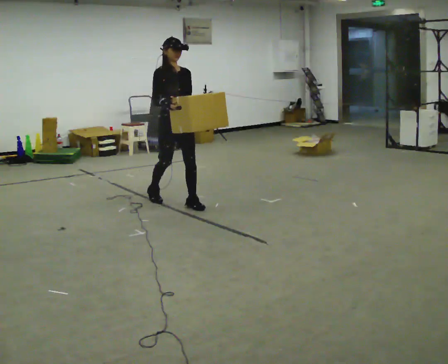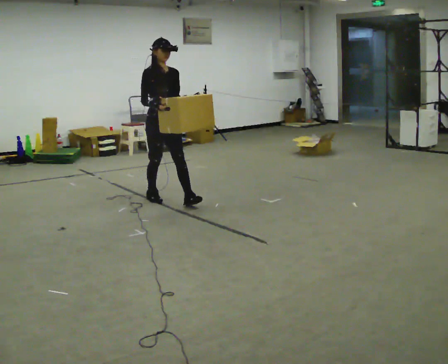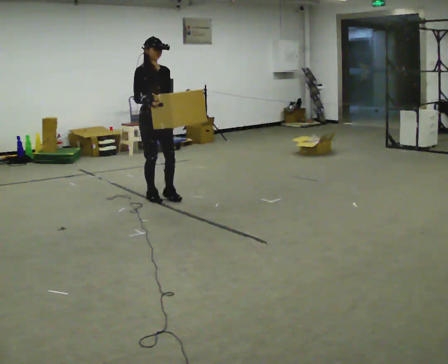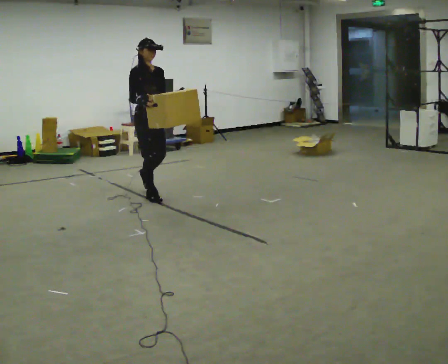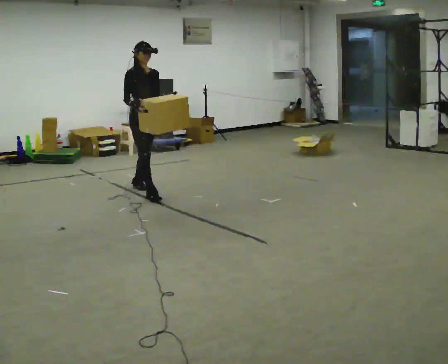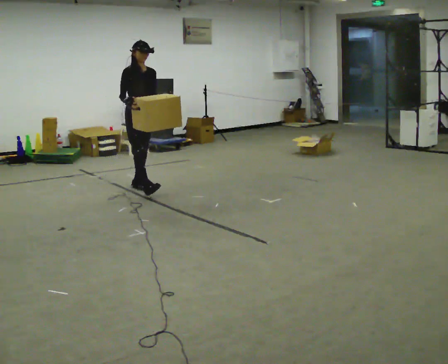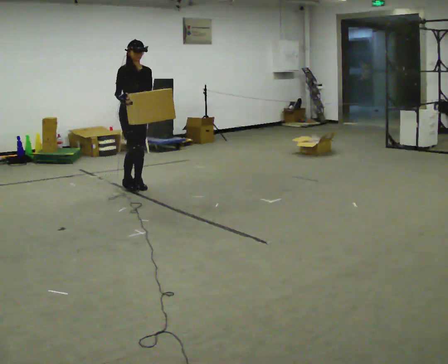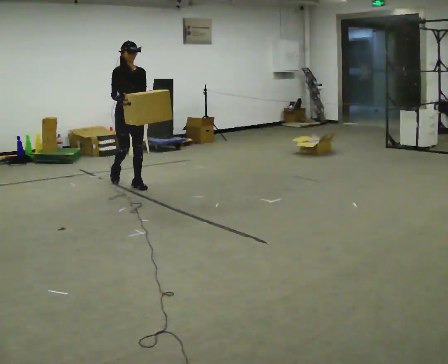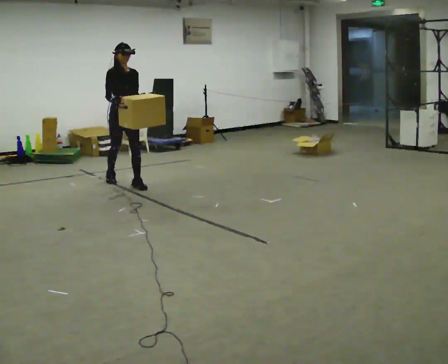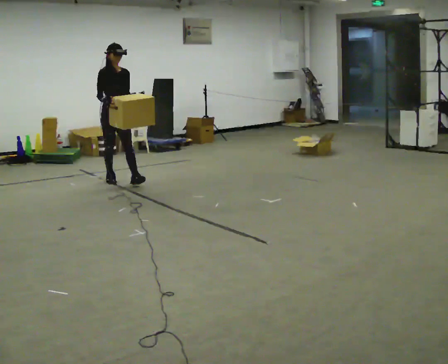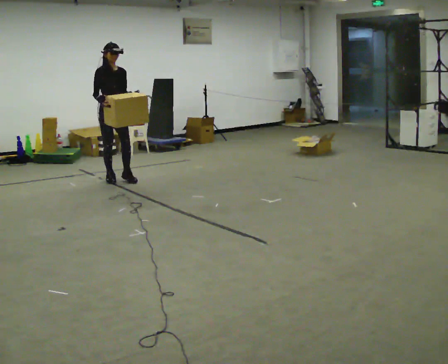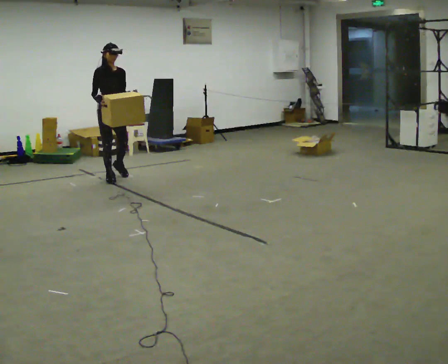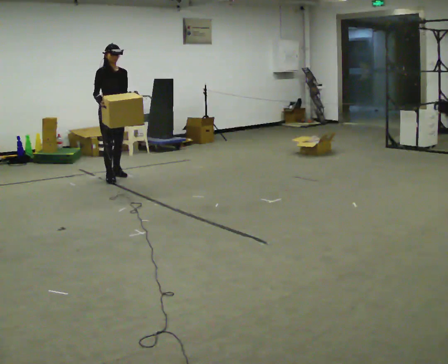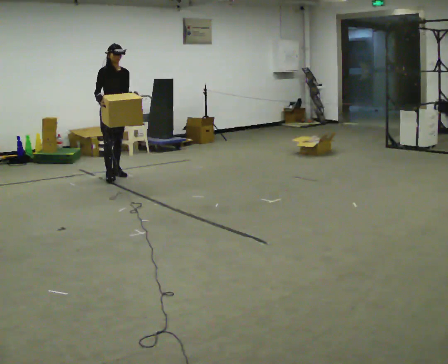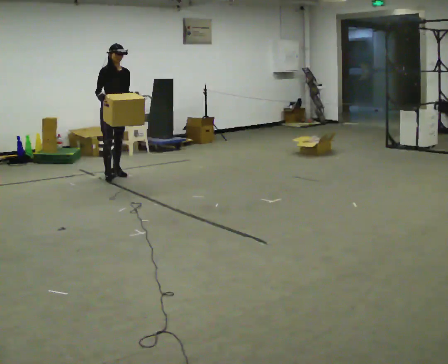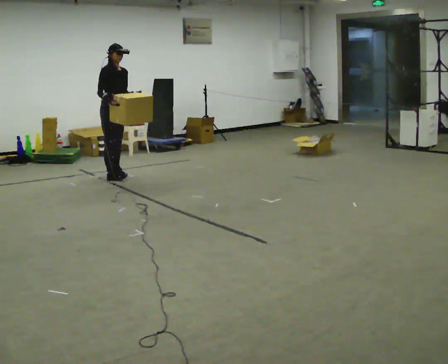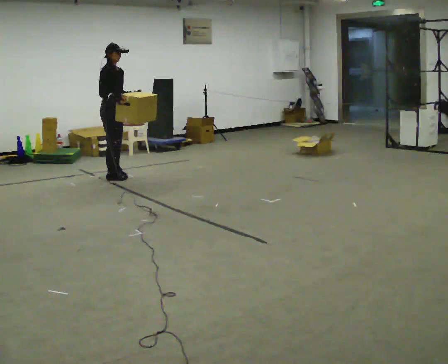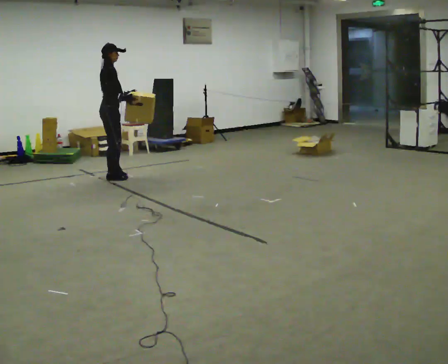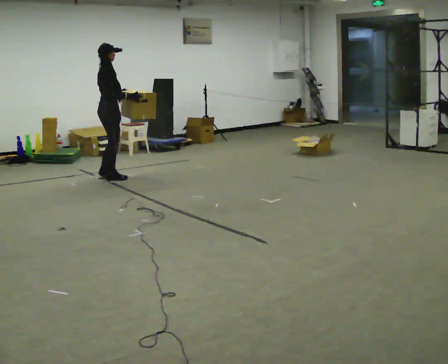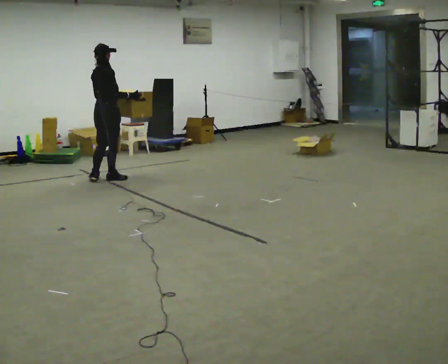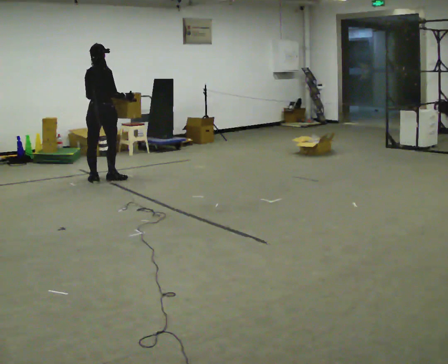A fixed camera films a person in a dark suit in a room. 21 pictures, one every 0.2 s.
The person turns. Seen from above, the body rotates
counterclockwise.
The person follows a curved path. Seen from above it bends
counterclockwise.
0.0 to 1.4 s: In the picture they go away from the camera, about 1 m in 2 steps, which for them is backward.
1.4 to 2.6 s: In the picture they go away from the camera, about 0.5 m in 1 step, which for them is backward.
2.6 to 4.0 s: Seen from above the body turns counterclockwise, about 120 degrees: to their left, with its near side sliding to the right. In the picture they go toward the camera and to the left, about 0.25 m in 1 step. In the picture their right hand goes to the right, the arm swinging counterclockwise.
The film runs backward here.
